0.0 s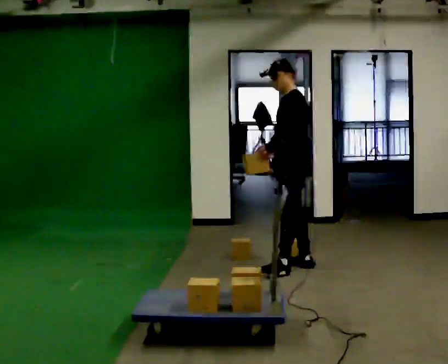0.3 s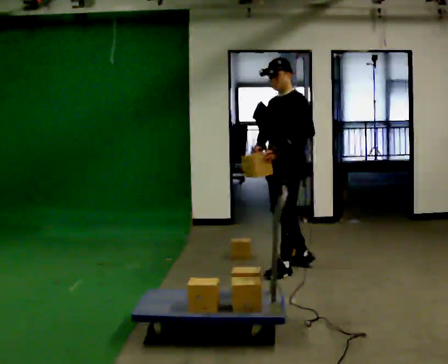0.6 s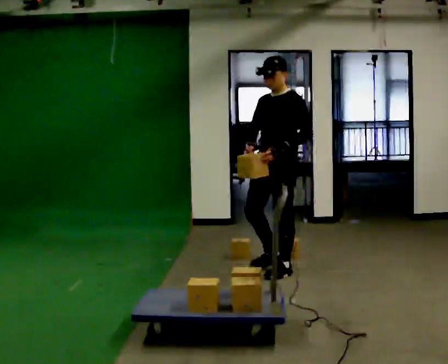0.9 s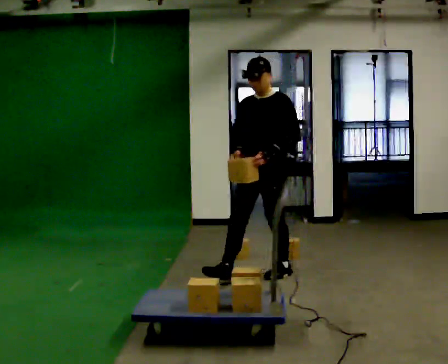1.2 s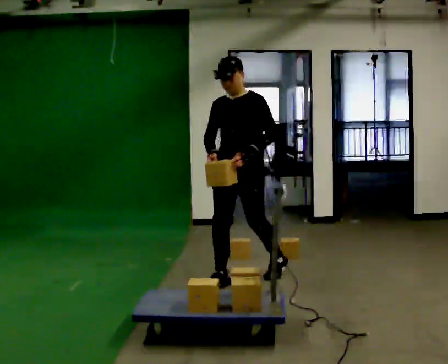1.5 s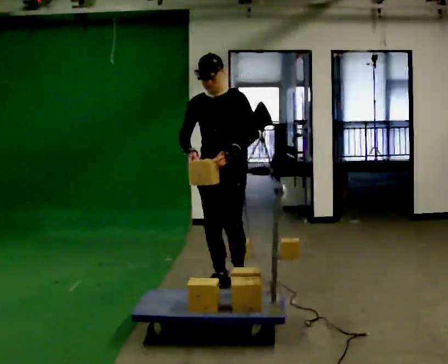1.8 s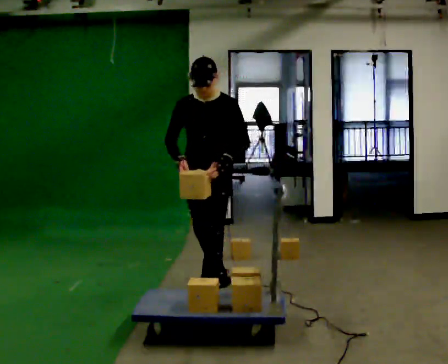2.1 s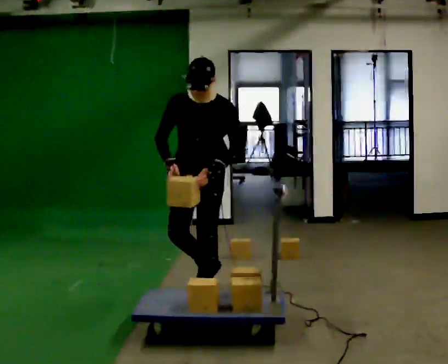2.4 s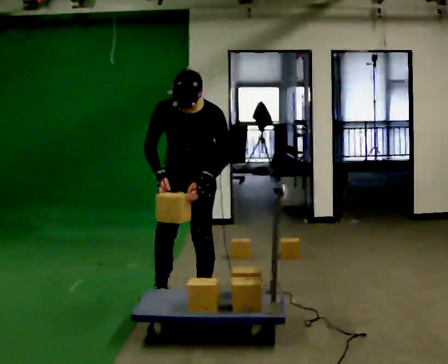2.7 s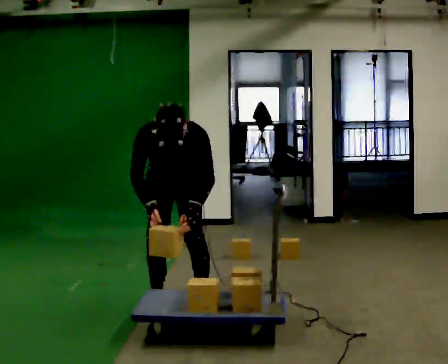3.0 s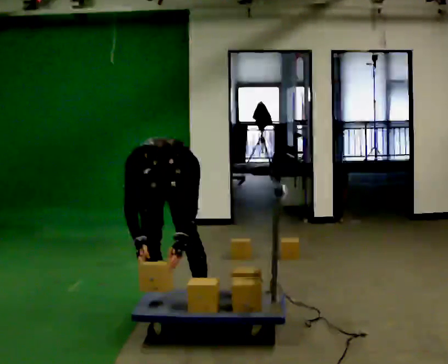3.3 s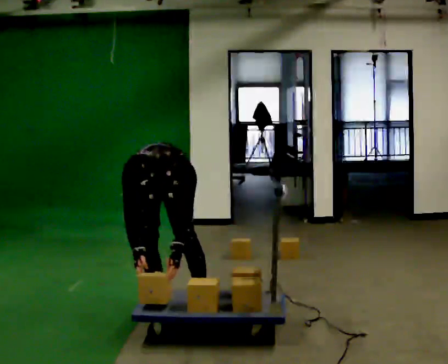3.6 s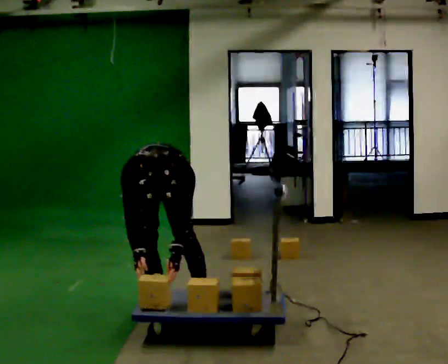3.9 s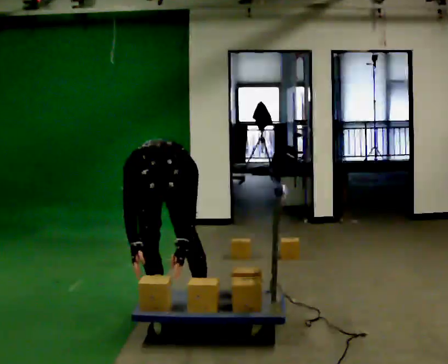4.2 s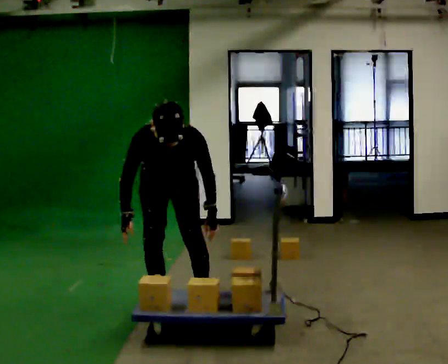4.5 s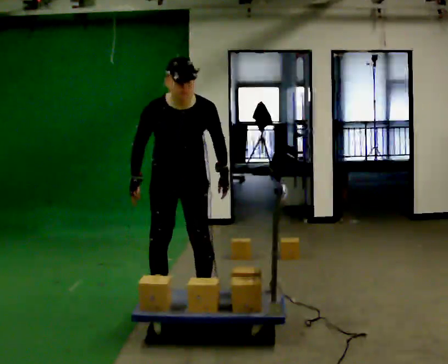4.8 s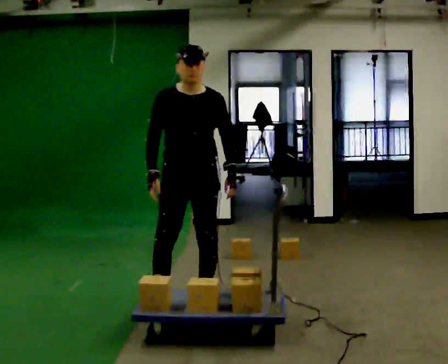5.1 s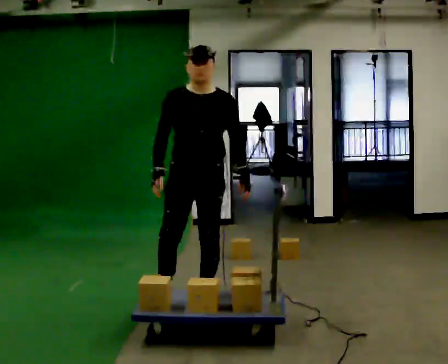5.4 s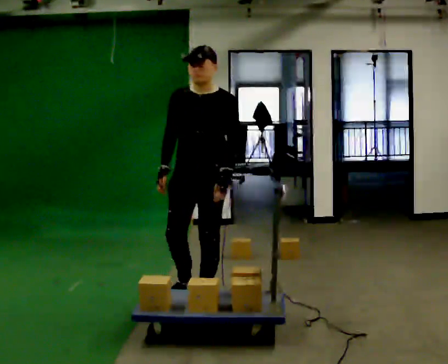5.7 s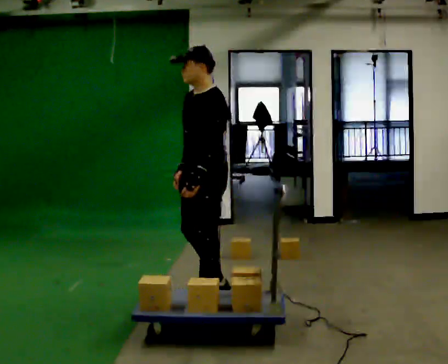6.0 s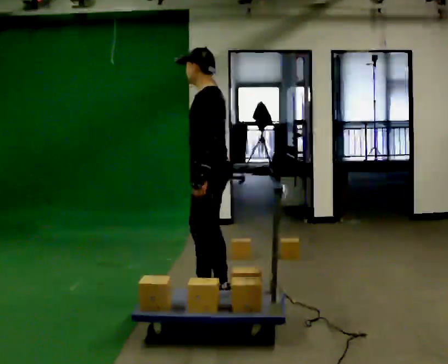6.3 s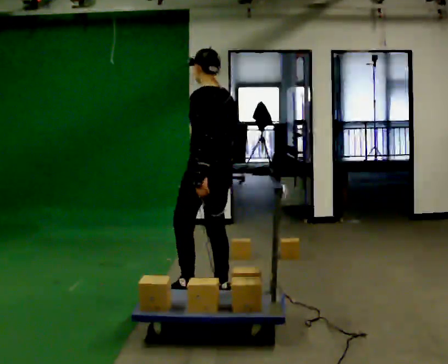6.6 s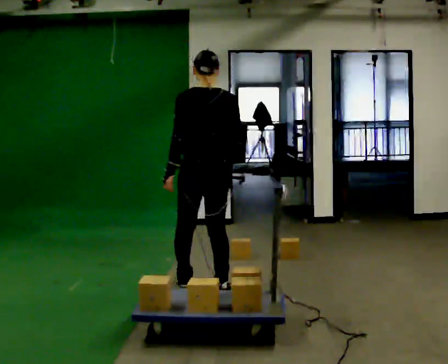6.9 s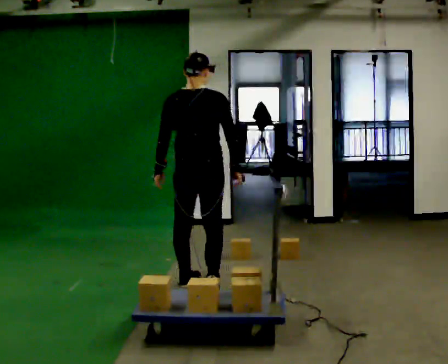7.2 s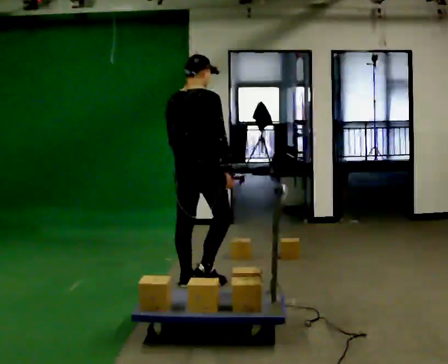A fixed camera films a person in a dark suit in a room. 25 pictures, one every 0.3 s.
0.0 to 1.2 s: The part of the body nearest the lens slides to the right as the person turns to their left by about 60 degrees. In the picture they go to the left and toward the camera, about 0.75 m in 1 step, which for them is forward.
1.2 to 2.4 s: In the picture they go toward the camera and to the left, about 0.5 m in 1 step, which for them is forward. The upper body tips toward the camera, its near side rolling downward, as they bend forward.
2.4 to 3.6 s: In the picture they go to the left, about 0.25 m in 1 step, which for them is to their right. The upper body goes downward. The upper body tips toward the camera, its near side rolling downward, as they bend forward. In the picture their right hand goes downward.
3.6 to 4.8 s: In the picture they go to the right, about 0.25 m, which for them is to their left. The shoulders move upward. The upper body tips away from the camera, its near side rolling upward, as they lean back or straighten. In the picture their left hand goes upward and to the right.
4.8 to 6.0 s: Seen from above the body turns clockwise, about 105 degrees: to their right, with its near side sliding to the left. In the picture they go to the right and away from the camera, about 0.25 m in 1 step. In the picture their right hand goes to the right.
6.0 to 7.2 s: Seen from above the body turns clockwise, about 120 degrees: to their right, with its near side sliding to the left. In the picture they go away from the camera, about 0.25 m in 1 step.
The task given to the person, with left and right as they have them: Load the boxes onto the cart one at a time, then take them all off again. The cart stays where it is. Keep going until the operator says stop; one object at a time, and do not rush between trips.
The film runs forward here.
